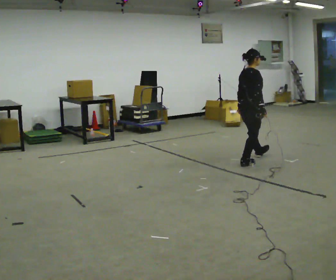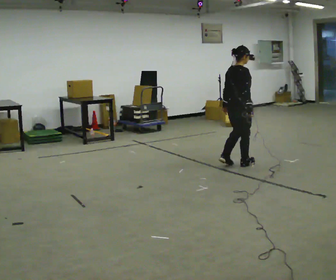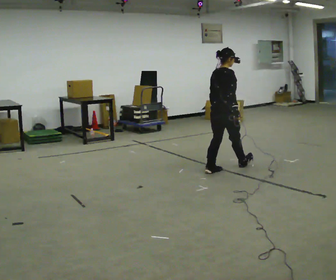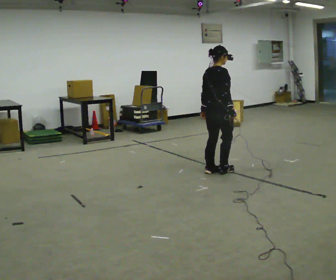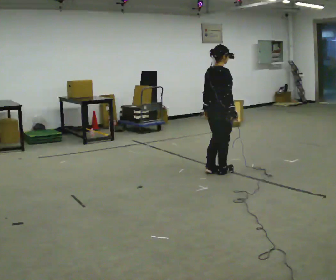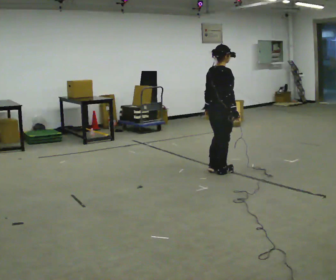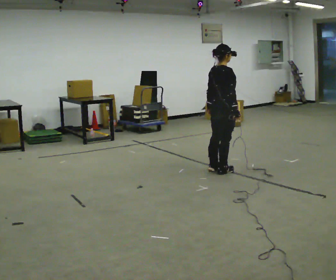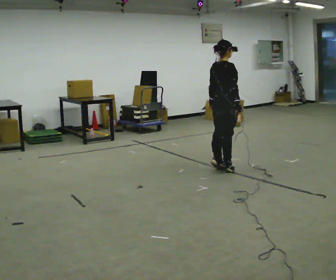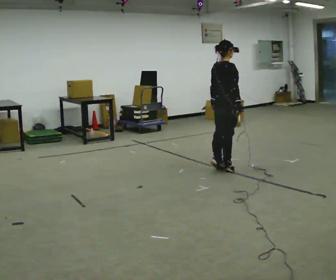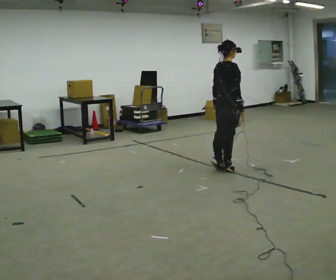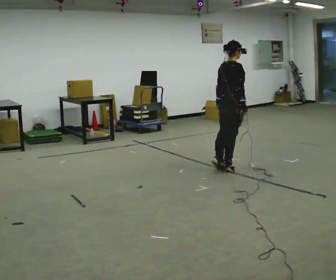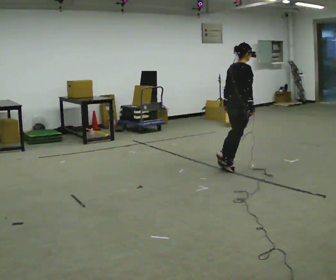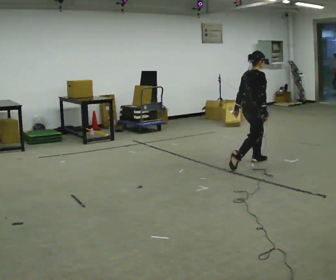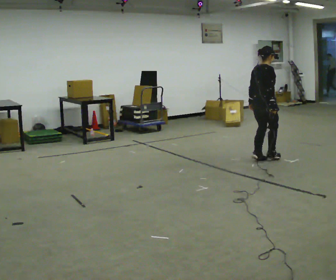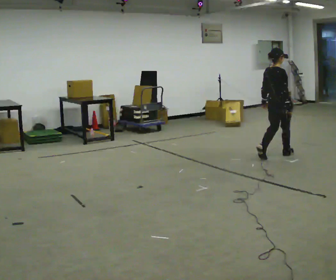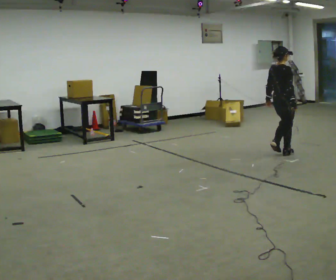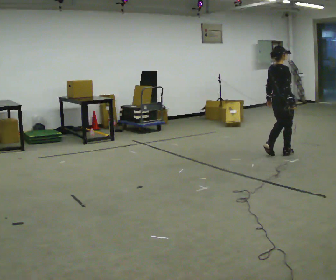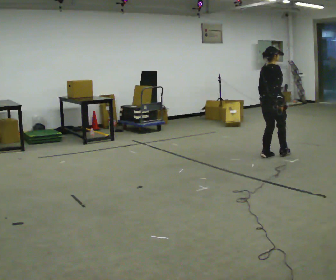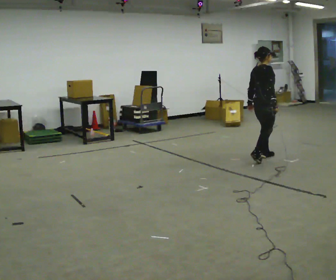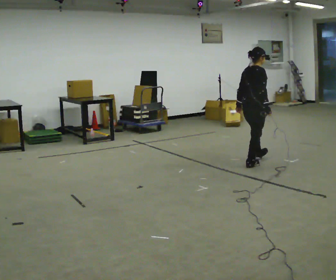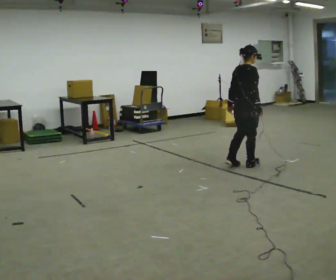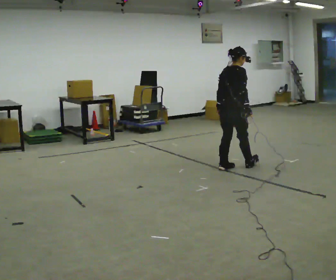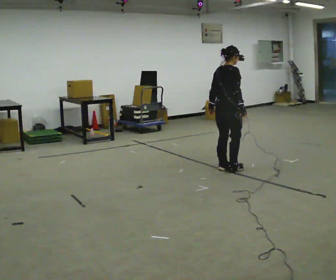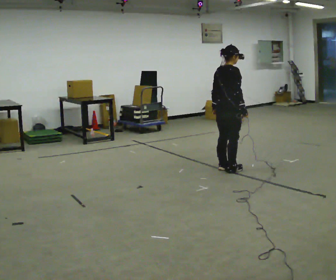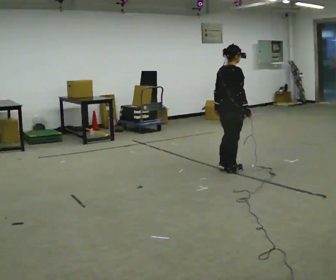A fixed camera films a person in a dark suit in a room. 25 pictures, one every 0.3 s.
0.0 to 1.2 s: In the picture they go toward the camera and to the left, about 0.5 m in 2 steps, which for them is backward.
1.2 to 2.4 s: The person moves a little, or ends about where they began.
2.4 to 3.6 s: In the picture they go away from the camera and to the right, about 0.5 m in 1 step, which for them is forward.
3.6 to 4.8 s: In the picture they go away from the camera and to the right, about 0.5 m in 2 steps, which for them is forward.
4.8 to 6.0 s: In the picture they go toward the camera and to the left, about 0.5 m in 2 steps, which for them is backward.
6.0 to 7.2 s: In the picture they go toward the camera, about 0.25 m in 2 steps, which for them is backward.
The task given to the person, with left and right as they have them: Stand on the marked spots and rise up onto your toes. Stay up until you start to topple forward, then step to catch yourself. Repeat at your own pace until the operator says stop. Go slowly and only as far as you are comfortable. Step whenever you need to; do not try to hold on longer than feels safe.
The film runs forward here.
